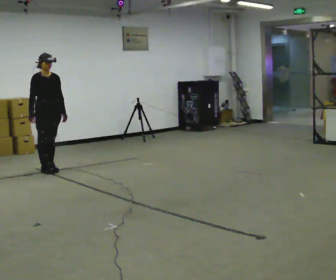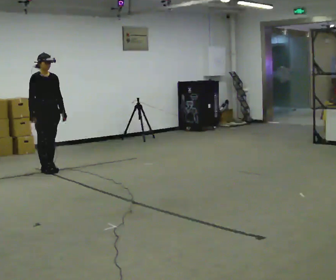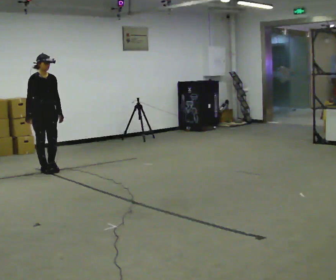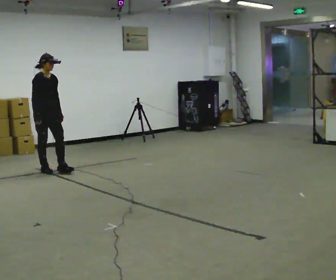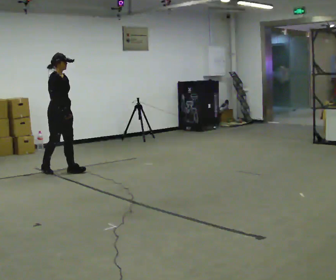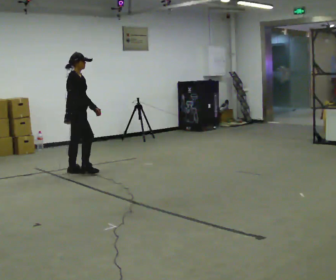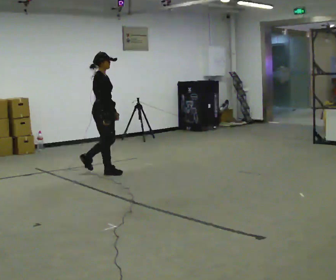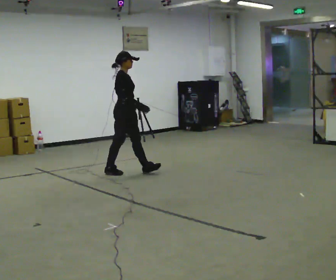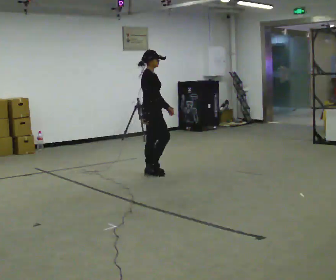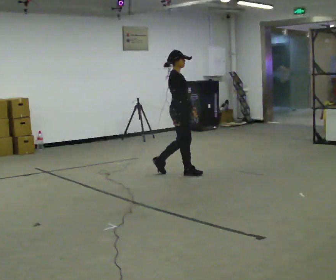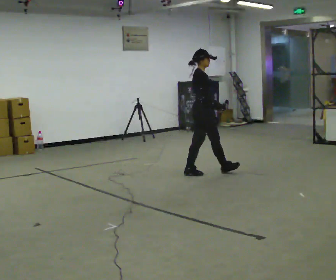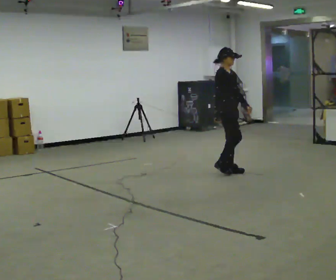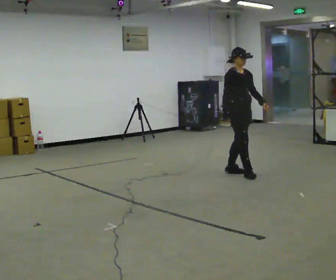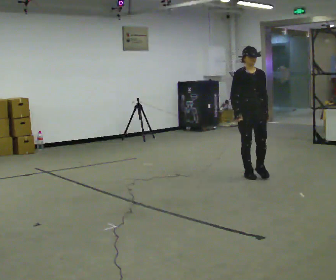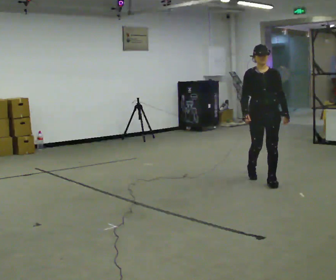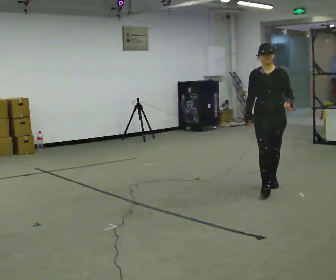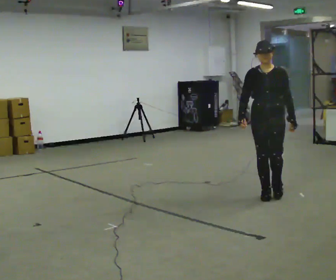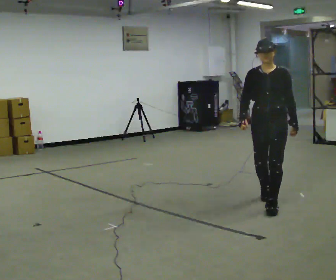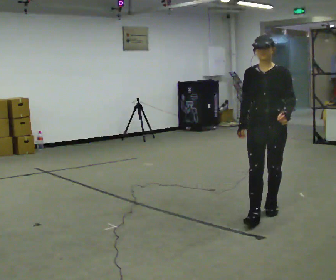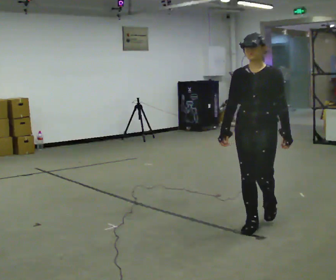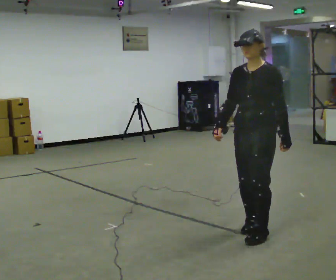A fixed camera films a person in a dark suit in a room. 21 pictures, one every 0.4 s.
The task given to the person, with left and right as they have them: Walk forward; gradually curve left/right; straighten out.
0.0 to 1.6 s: Seen from above the body turns counterclockwise, about 30 degrees: to their left, with its near side sliding to the right. In the picture they go to the right, about 0.25 m in 1 step, which for them is forward. In the picture their right hand goes to the right.
1.6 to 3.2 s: In the picture they go to the right, about 1 m in 2 steps, which for them is forward.
3.2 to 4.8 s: Seen from above the body turns clockwise, about 45 degrees: to their right, with its near side sliding to the left. In the picture they go to the right, about 1 m in 3 steps, which for them is forward.
4.8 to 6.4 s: The person turns about 60 degrees to their right, clockwise seen from above, so the part of the body nearest the lens slides to the left. In the picture they go toward the camera, about 1 m in 2 steps.
6.4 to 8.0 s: The person turns about 30 degrees to their right, clockwise seen from above, so the part of the body nearest the lens slides to the left. In the picture they go toward the camera, about 1 m in 3 steps, which for them is forward.
The film runs forward here.
